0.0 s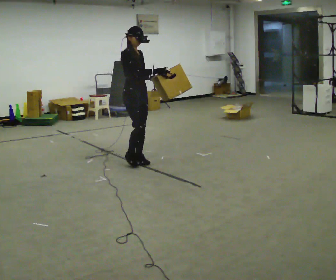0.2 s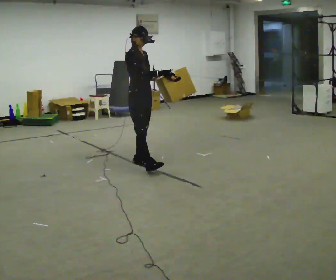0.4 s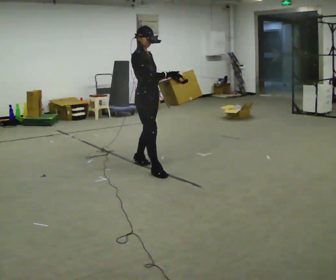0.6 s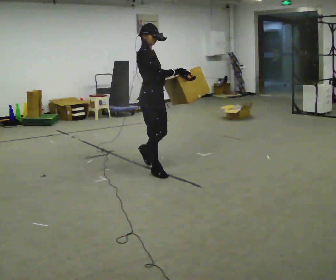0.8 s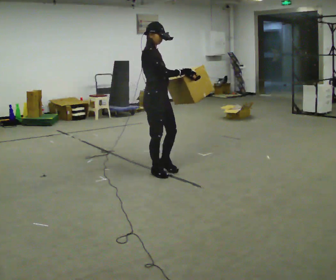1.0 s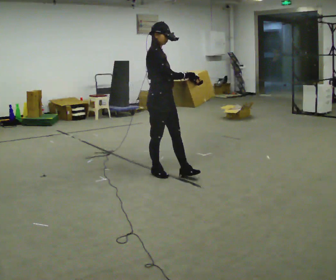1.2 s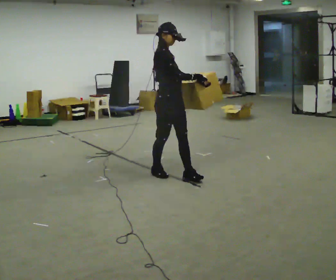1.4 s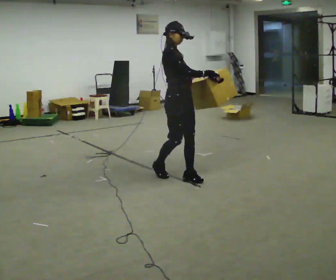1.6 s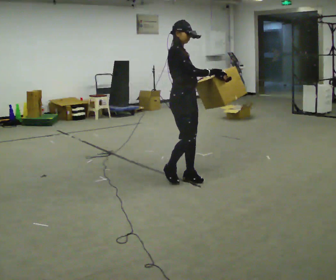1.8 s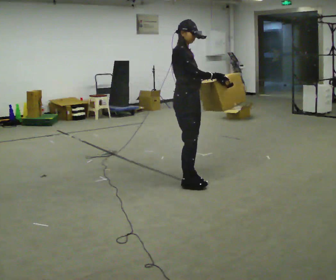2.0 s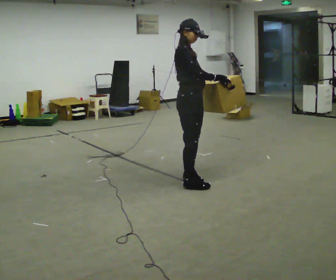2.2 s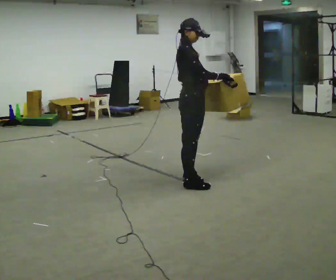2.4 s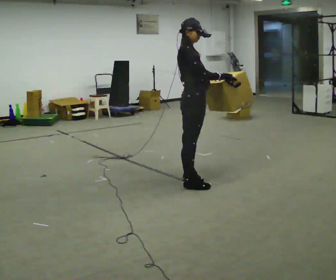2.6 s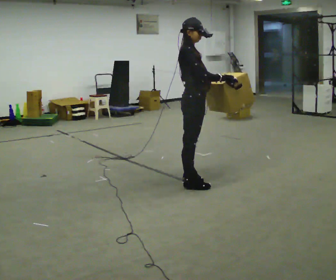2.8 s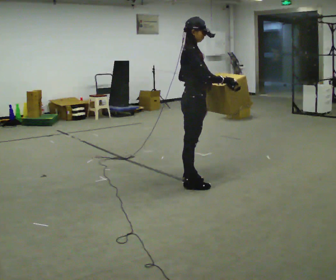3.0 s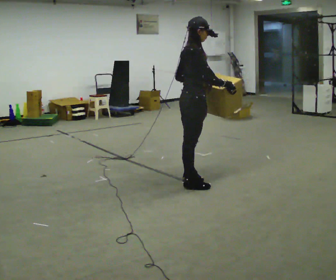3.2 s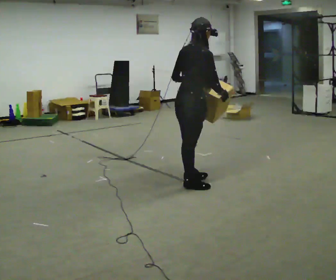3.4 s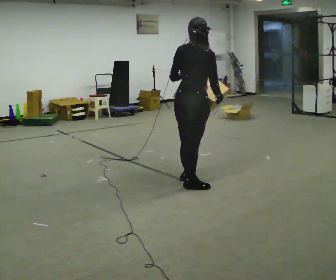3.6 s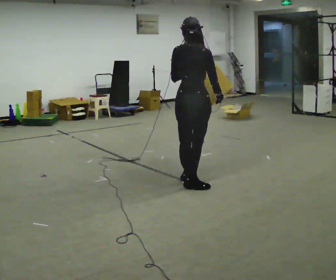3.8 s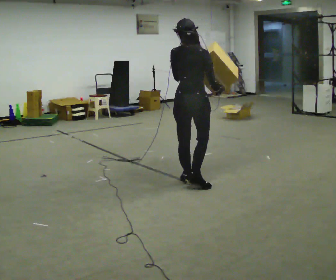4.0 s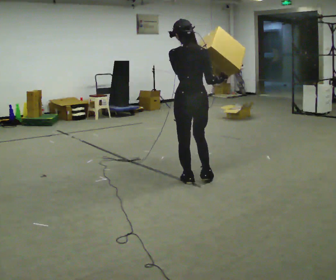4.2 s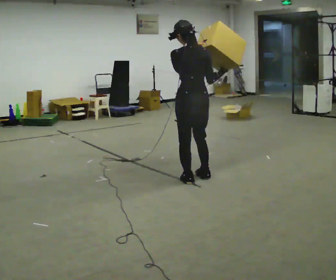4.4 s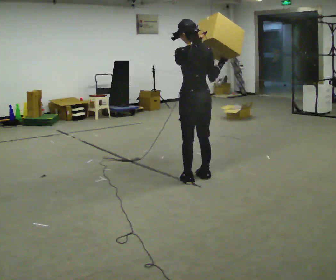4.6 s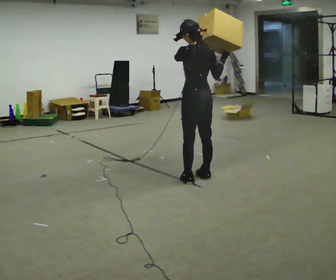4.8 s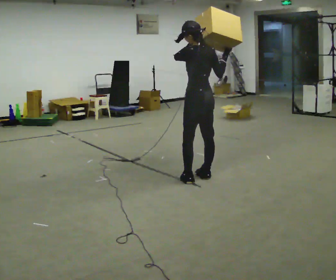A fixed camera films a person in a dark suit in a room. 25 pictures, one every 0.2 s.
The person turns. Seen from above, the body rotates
counterclockwise.
The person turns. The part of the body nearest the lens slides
to the right.
0.0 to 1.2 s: In the picture they go to the right and toward the camera, about 0.75 m in 2 steps, which for them is forward and to their right.
1.2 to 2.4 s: In the picture they go to the right, about 0.25 m in 1 step, which for them is forward.
2.4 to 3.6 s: The person turns about 75 degrees to their left, counterclockwise seen from above, so the part of the body nearest the lens slides to the right.
3.6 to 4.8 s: Seen from above the body turns counterclockwise, about 75 degrees: to their left, with its near side sliding to the right. In the picture they go away from the camera, about 0.25 m in 1 step. In the picture their right hand goes upward.
The film runs forward here.
